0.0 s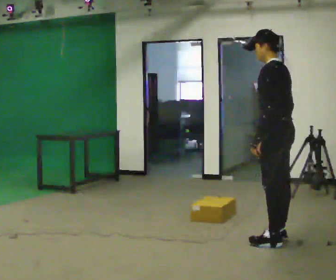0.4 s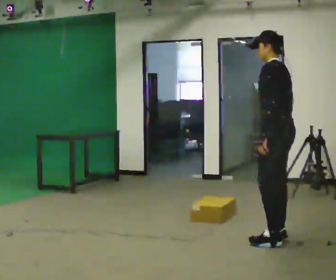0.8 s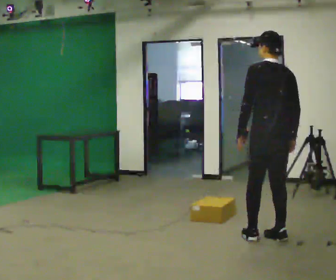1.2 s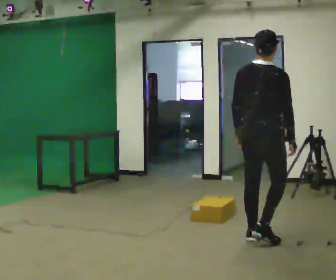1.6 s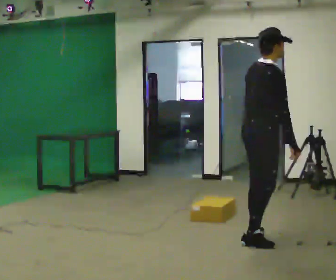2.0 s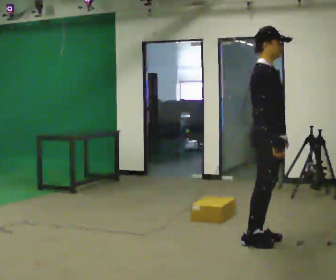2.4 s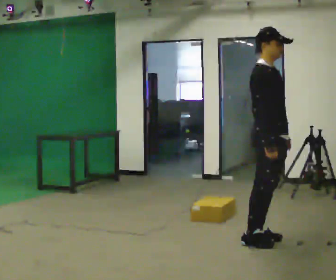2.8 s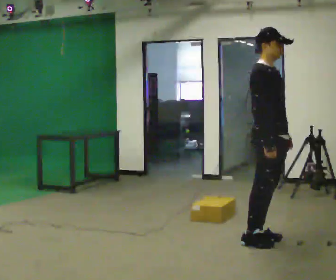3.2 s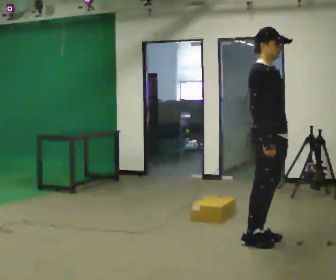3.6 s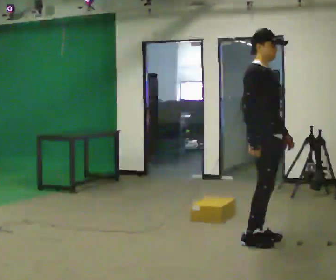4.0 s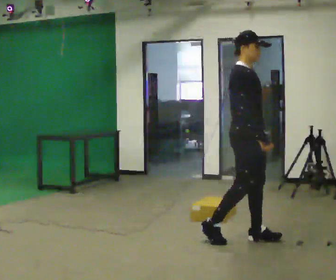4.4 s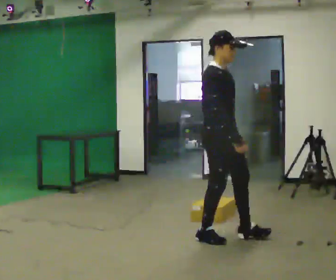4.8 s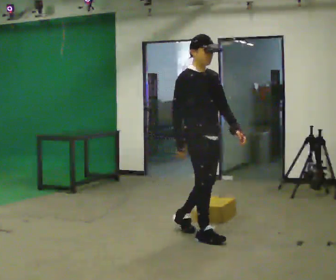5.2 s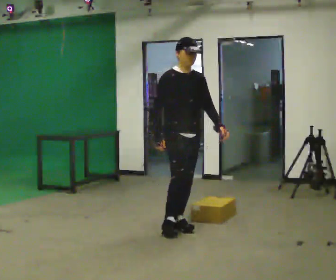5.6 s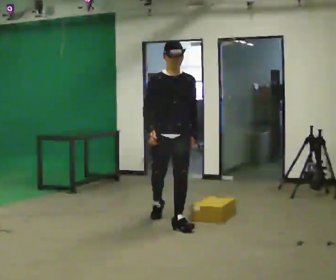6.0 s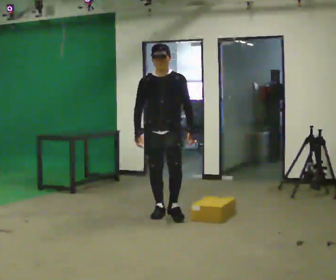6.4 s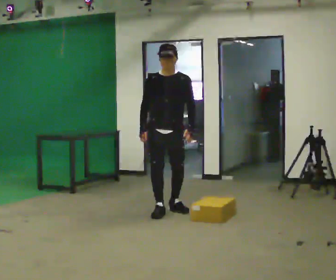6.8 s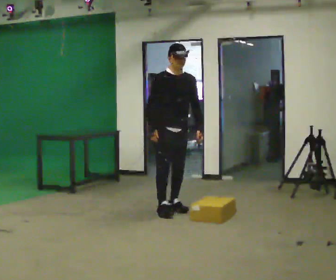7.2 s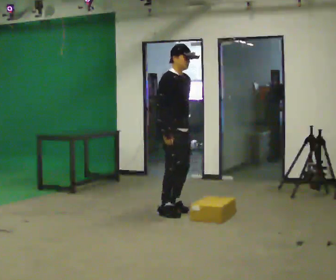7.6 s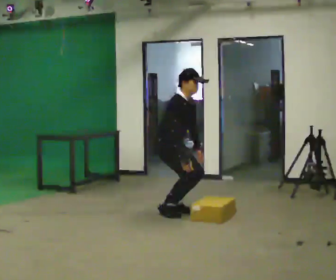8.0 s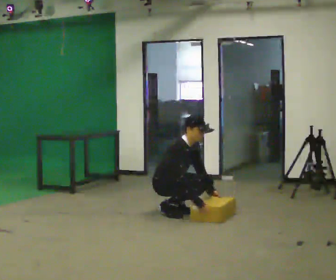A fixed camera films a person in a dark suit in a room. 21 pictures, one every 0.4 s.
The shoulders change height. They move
downward.
The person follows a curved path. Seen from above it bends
clockwise.
0.0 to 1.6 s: The person turns about 135 degrees to their right, clockwise seen from above, so the part of the body nearest the lens slides to the left. In the picture they go to the left, about 0.25 m in 2 steps.
1.6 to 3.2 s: The part of the body nearest the lens slides to the left as the person turns to their right by about 45 degrees.
3.2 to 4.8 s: In the picture they go to the left, about 0.5 m in 2 steps, which for them is backward.
4.8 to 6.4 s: Seen from above the body turns clockwise, about 45 degrees: to their right, with its near side sliding to the left. In the picture they go away from the camera and to the left, about 1 m in 2 steps, which for them is backward.
6.4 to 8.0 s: The person turns about 60 degrees to their left, counterclockwise seen from above, so the part of the body nearest the lens slides to the right. The shoulders move downward. In the picture the upper body tilts clockwise, shoulders to the right, as they bend forward. In the picture their right hand goes downward and to the right.
The film runs backward here.
